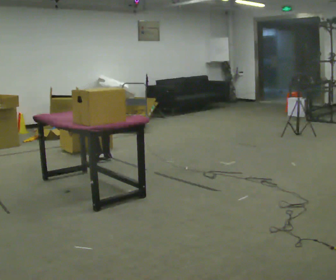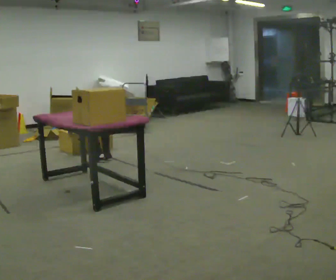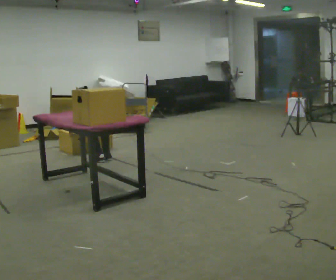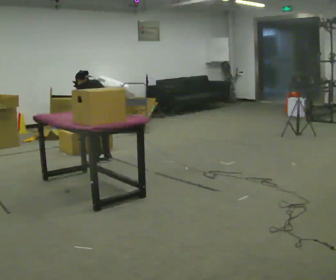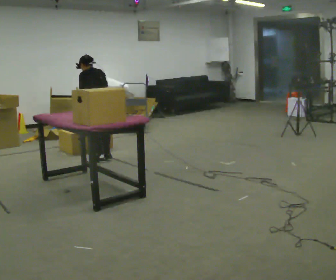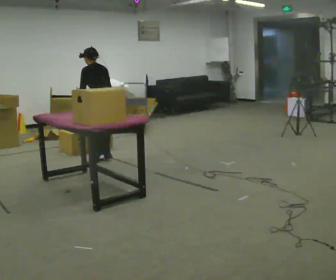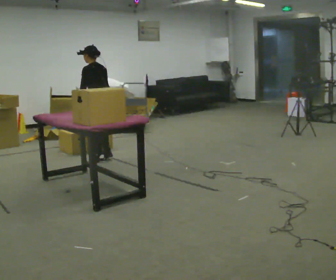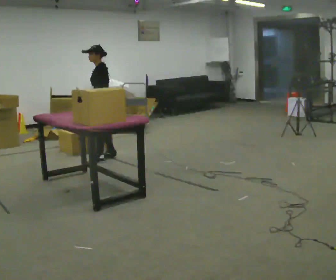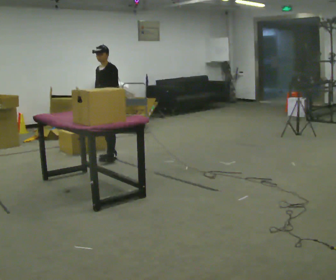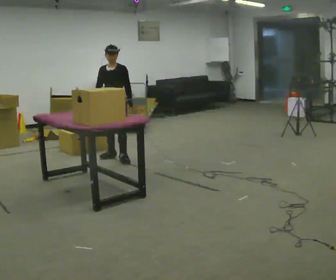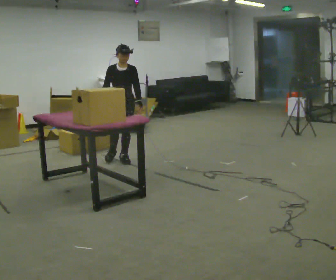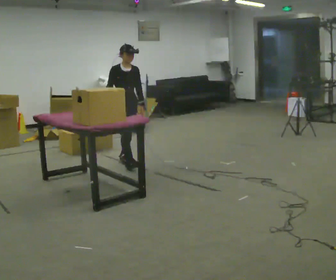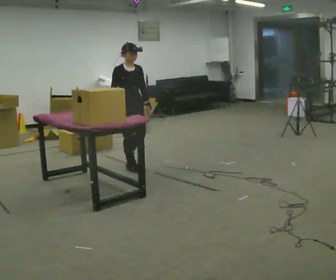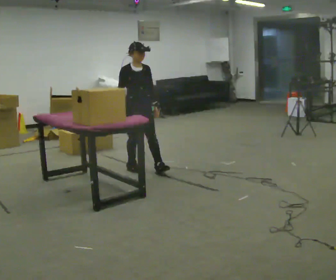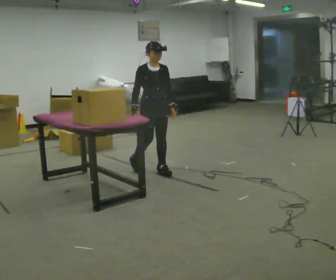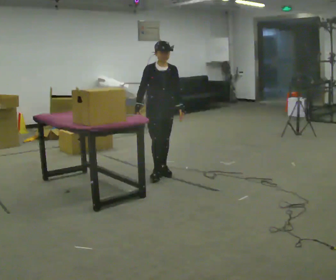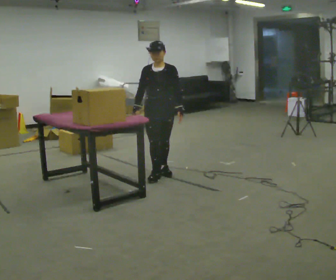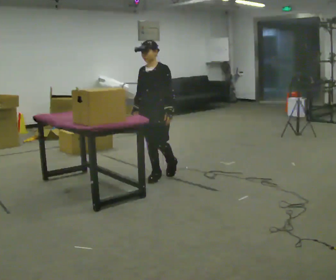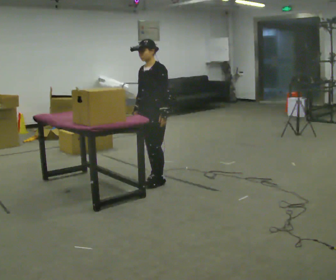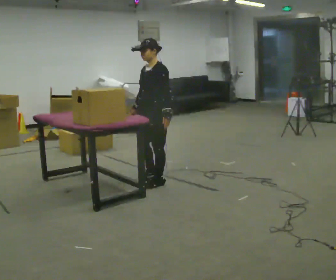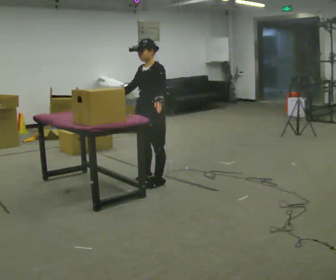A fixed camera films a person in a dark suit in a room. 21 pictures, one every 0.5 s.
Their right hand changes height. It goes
upward.
The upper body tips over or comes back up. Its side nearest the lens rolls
downward.
0.0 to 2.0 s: The upper body goes upward. The upper body tips toward the camera, its near side rolling downward, as they lean back or straighten.
2.0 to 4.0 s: Seen from above the body turns counterclockwise, about 90 degrees: to their left, with its near side sliding to the right. In the picture they go away from the camera, about 0.25 m in 1 step. The upper body tips toward the camera, its near side rolling downward, as they lean back or straighten.
4.0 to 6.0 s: The part of the body nearest the lens slides to the right as the person turns to their left by about 90 degrees. In the picture they go toward the camera, about 0.5 m in 2 steps.
6.0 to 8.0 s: The part of the body nearest the lens slides to the left as the person turns to their right by about 45 degrees. In the picture they go toward the camera and to the right, about 0.5 m in 2 steps, which for them is forward.
8.0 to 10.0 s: The part of the body nearest the lens slides to the left as the person turns to their right by about 45 degrees. In the picture they go toward the camera, about 0.25 m in 1 step, which for them is forward and to their left.
The film runs forward here.
